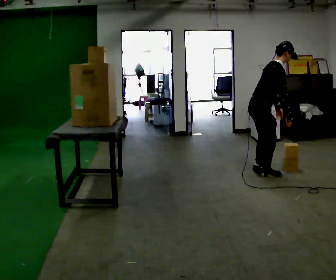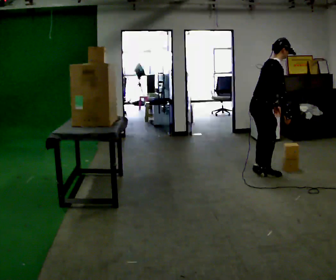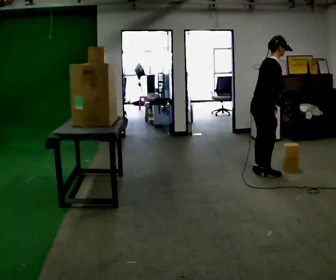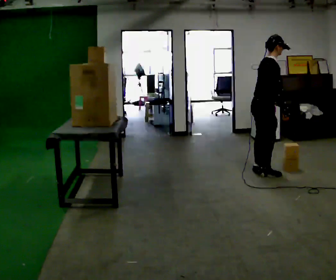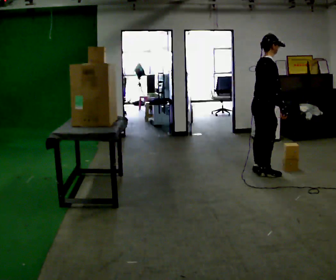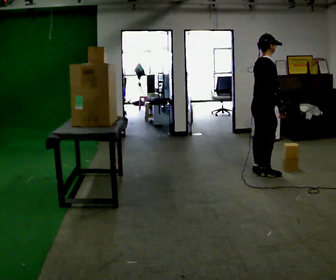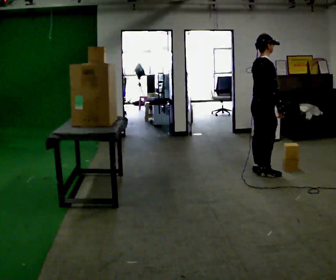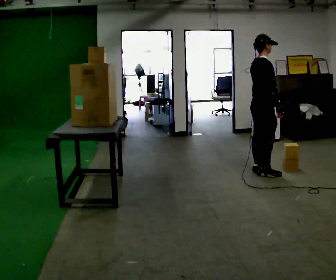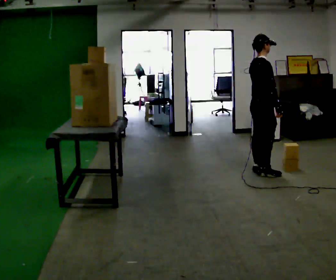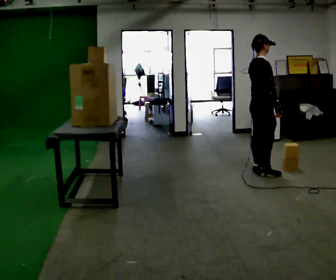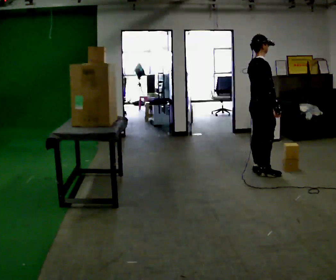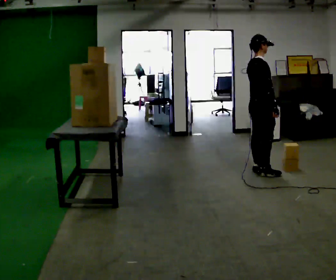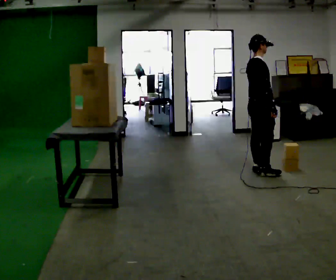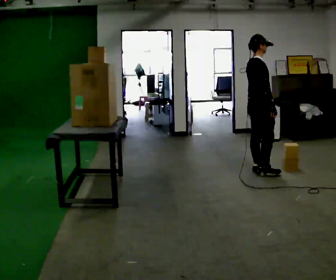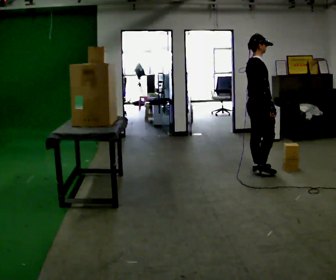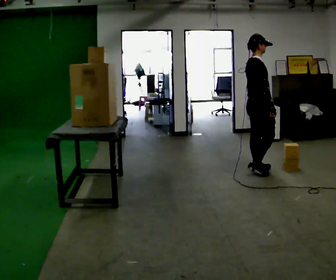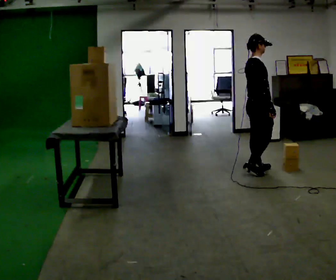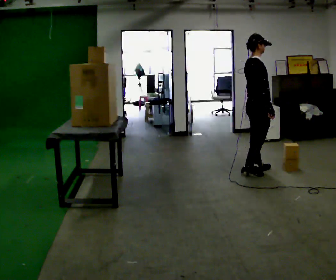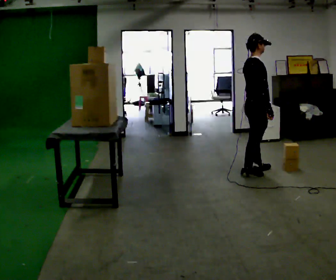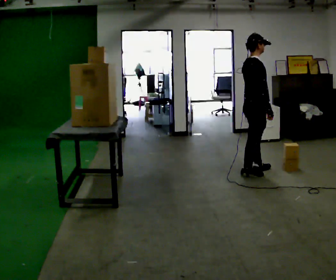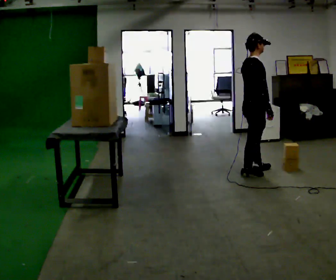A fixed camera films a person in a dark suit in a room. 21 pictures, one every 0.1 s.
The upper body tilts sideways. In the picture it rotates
counterclockwise.
0.0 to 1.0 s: In the picture the upper body tilts counterclockwise, shoulders to the left, as they lean back or straighten.
1.0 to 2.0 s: The person moves a little, or ends about where they began.
The film runs backward here.
